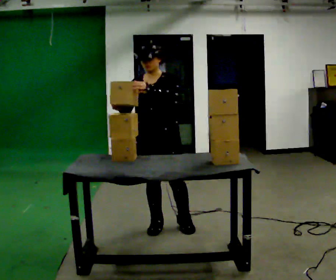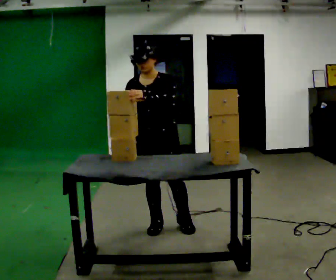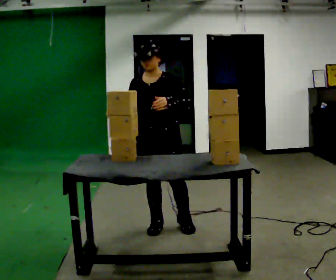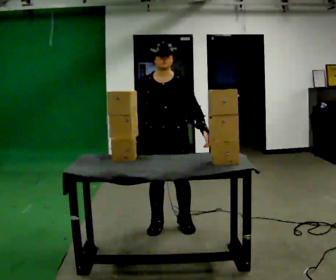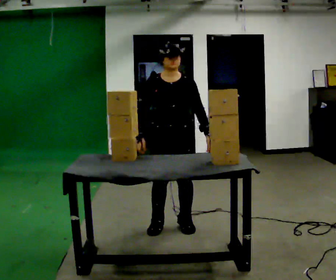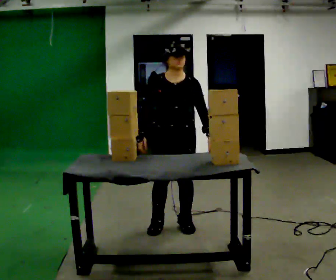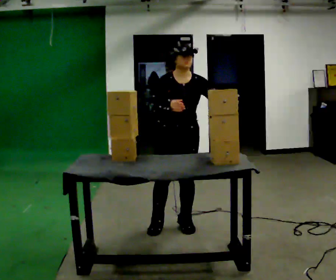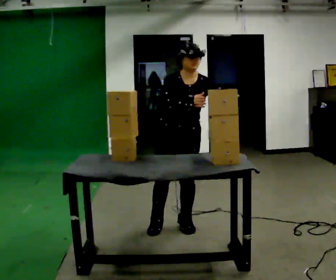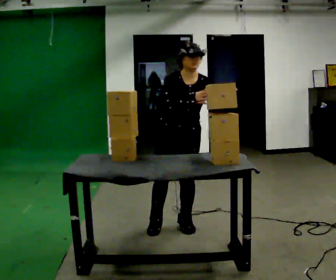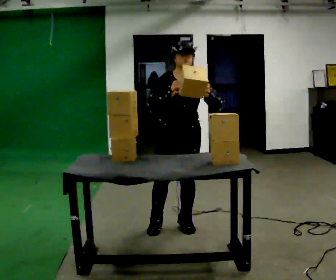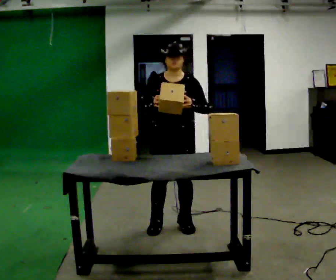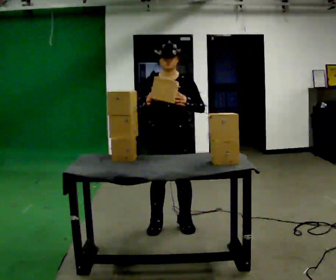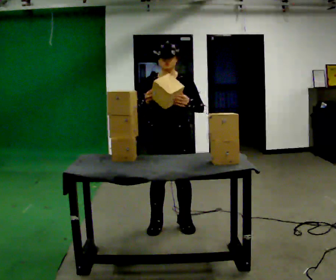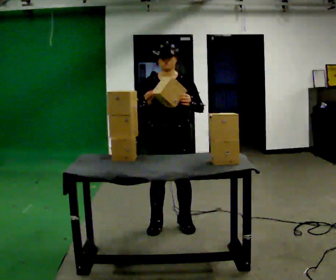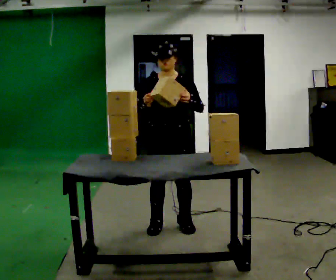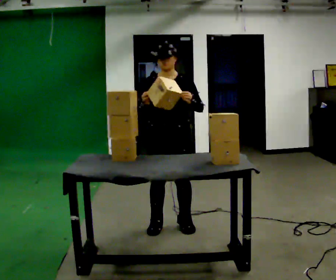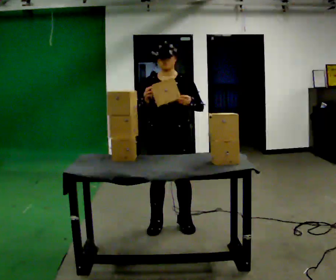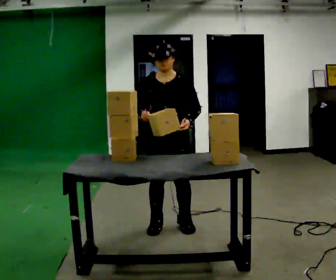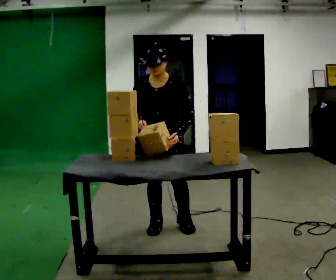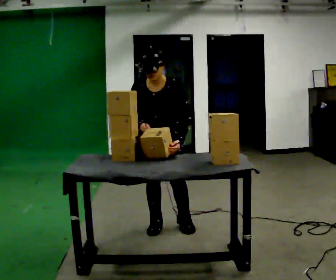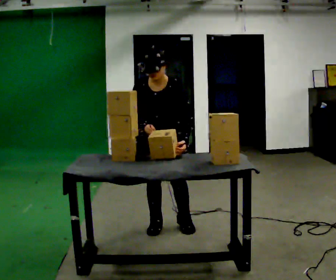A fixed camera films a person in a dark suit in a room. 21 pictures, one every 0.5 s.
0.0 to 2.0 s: In the picture their left hand goes to the right and downward.
2.0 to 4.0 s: The upper body tips toward the camera, its near side rolling downward, as they bend forward. In the picture their right hand goes to the right and upward.
4.0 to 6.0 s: The upper body tips away from the camera, its near side rolling upward, as they lean back or straighten. In the picture their right hand goes to the left.
6.0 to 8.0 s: The person moves a little, or ends about where they began.
8.0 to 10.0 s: The upper body tips toward the camera, its near side rolling downward, as they bend forward.
The film runs forward here.
